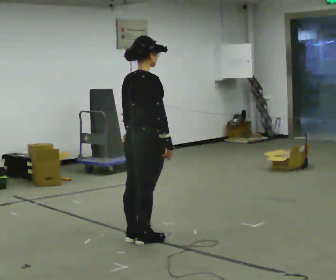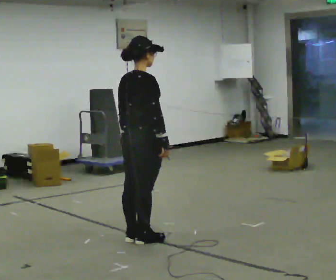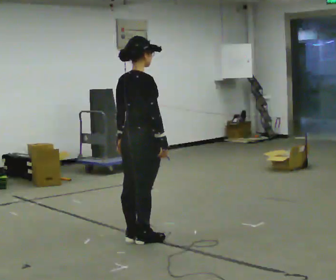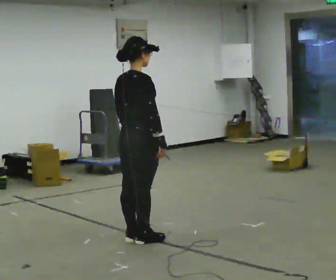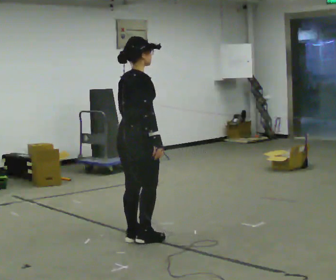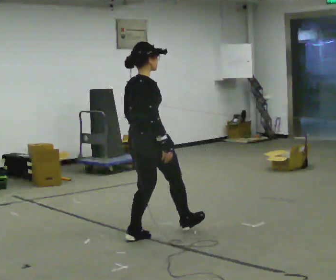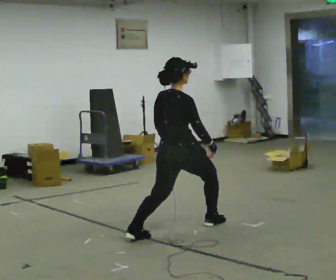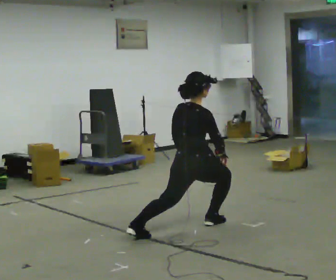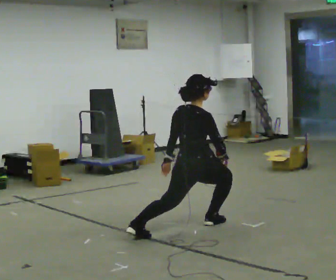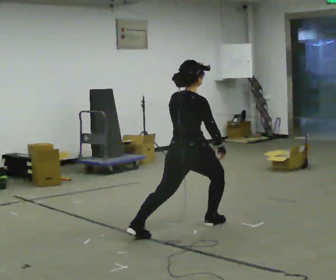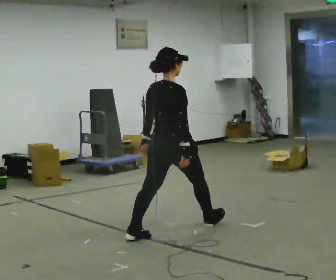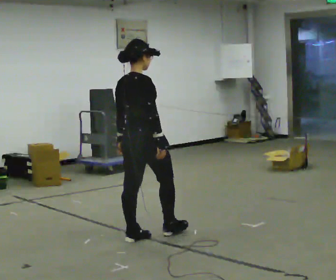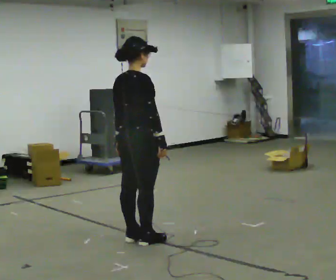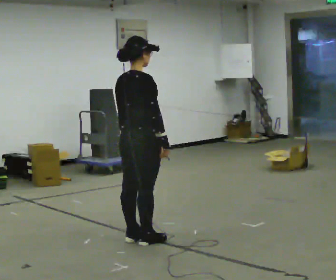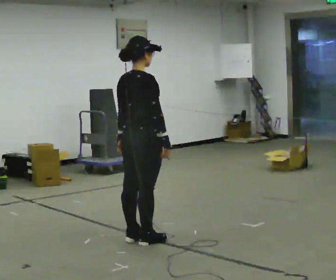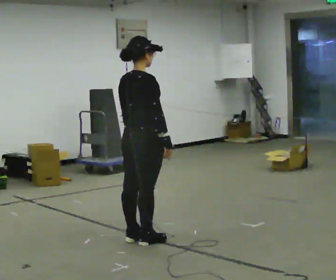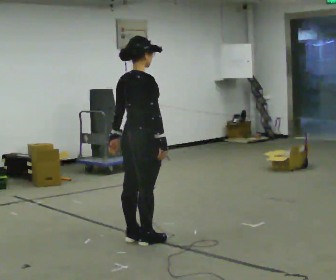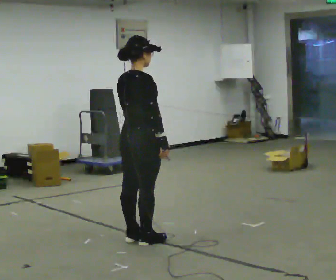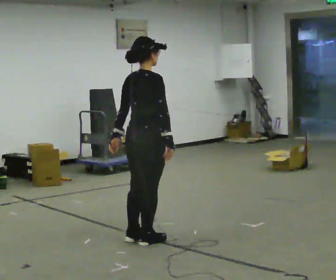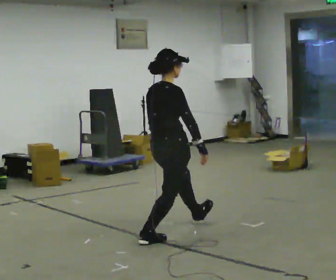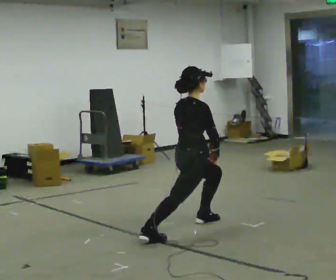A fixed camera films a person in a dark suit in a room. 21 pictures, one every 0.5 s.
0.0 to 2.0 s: The person moves a little, or ends about where they began.
2.0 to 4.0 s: In the picture they go to the right and away from the camera, about 0.5 m in 1 step, which for them is forward. The upper body goes downward.
4.0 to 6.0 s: In the picture they go to the left and toward the camera, about 0.5 m in 1 step, which for them is backward. The upper body goes upward.
6.0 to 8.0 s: The person moves a little, or ends about where they began.
8.0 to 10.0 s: In the picture they go to the right and away from the camera, about 0.5 m in 1 step, which for them is forward. The upper body goes downward.
The film runs backward here.
